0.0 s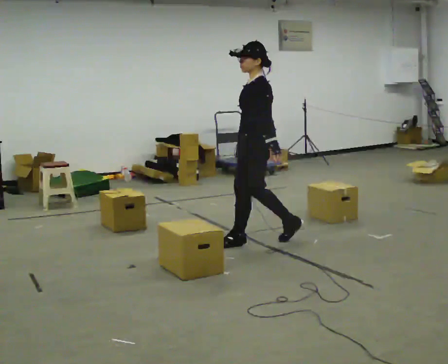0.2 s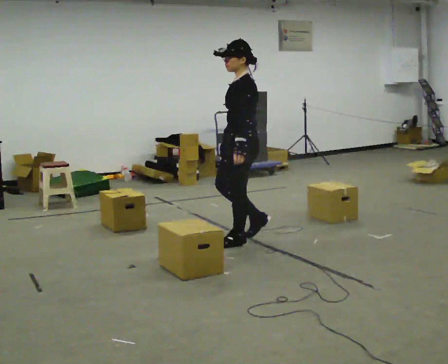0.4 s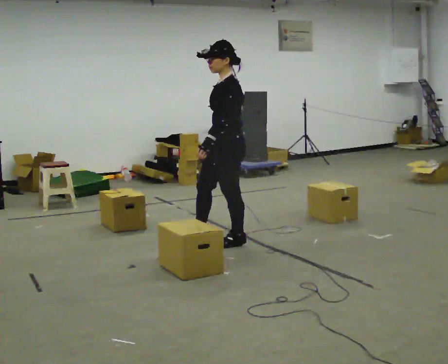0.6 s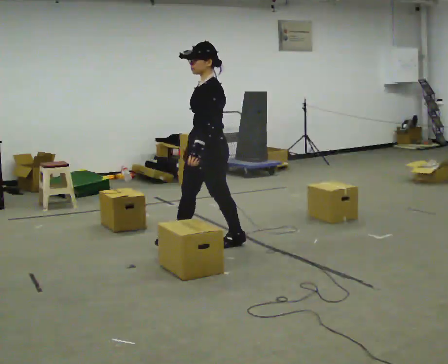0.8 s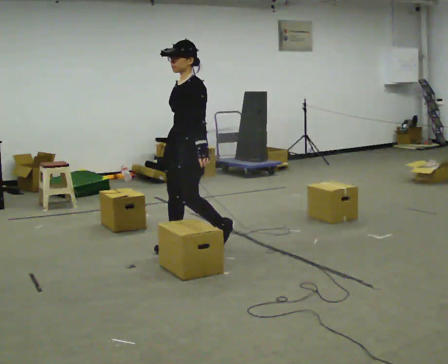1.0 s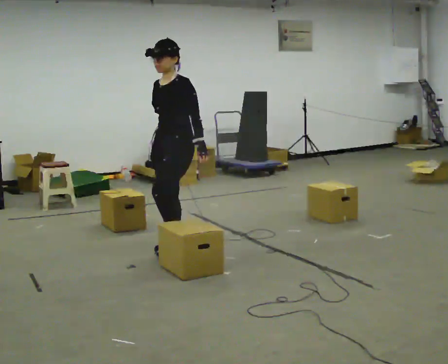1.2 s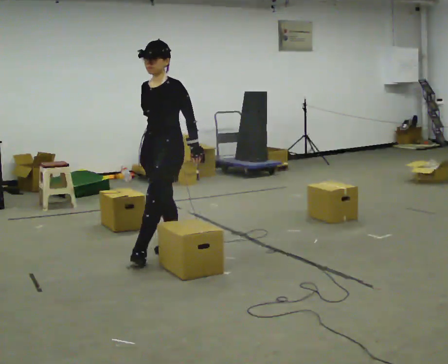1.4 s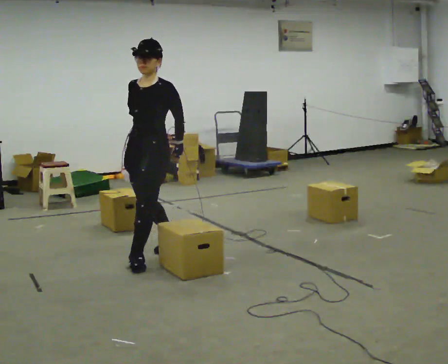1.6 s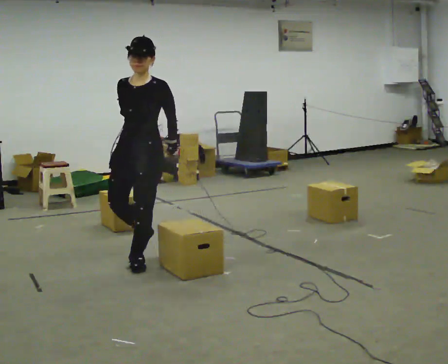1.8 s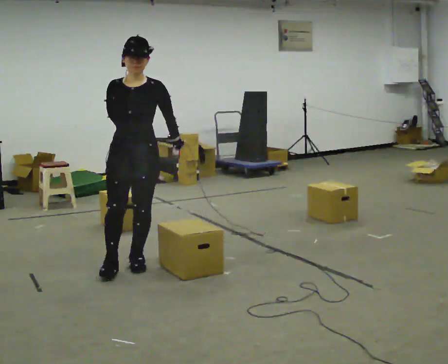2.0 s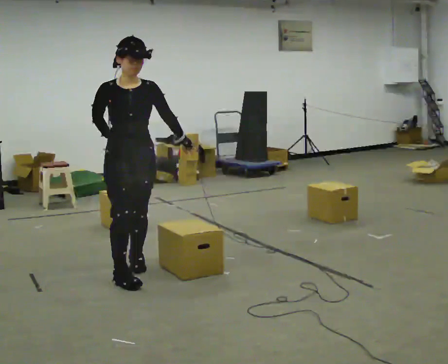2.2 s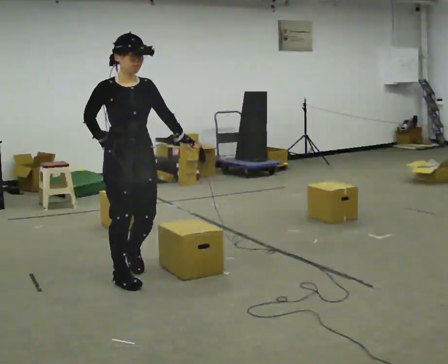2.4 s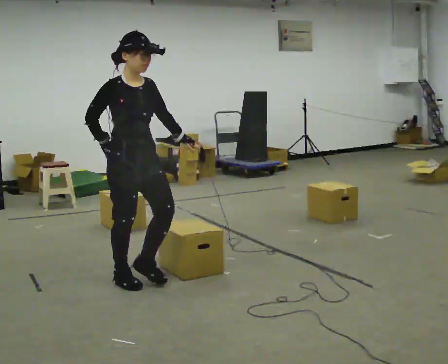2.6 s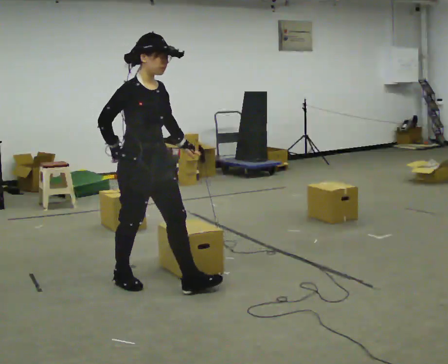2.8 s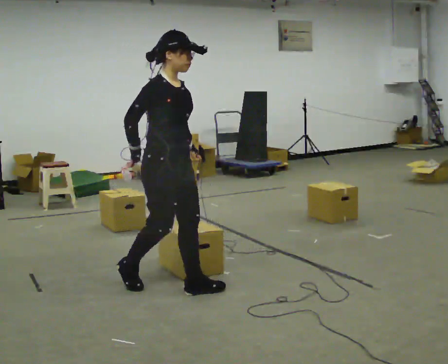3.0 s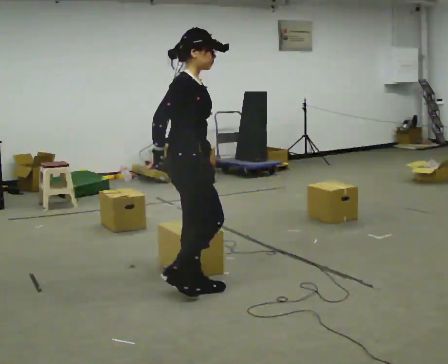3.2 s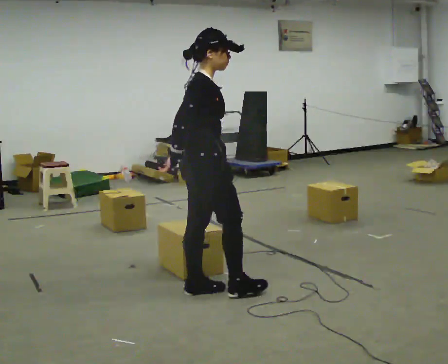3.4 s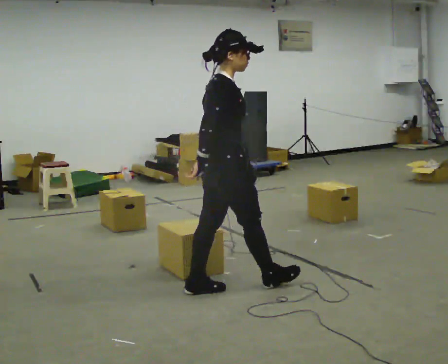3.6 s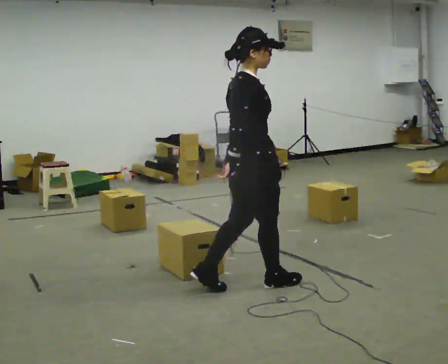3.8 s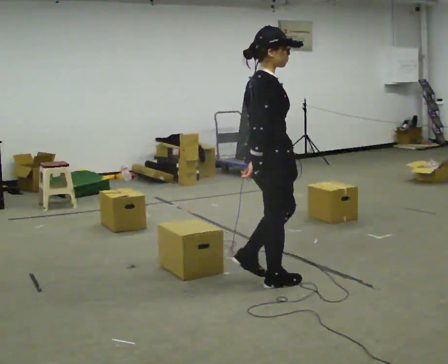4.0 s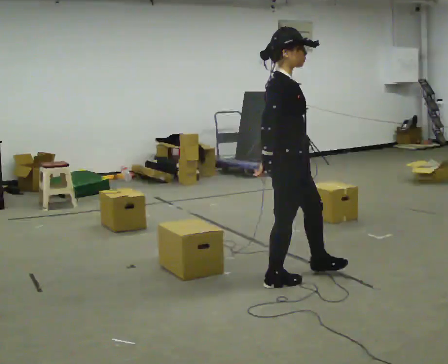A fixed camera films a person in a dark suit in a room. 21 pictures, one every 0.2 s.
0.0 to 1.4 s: The part of the body nearest the lens slides to the right as the person turns to their left by about 60 degrees. In the picture they go to the left, about 1 m in 2 steps, which for them is forward.
1.4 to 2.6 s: Seen from above the body turns counterclockwise, about 90 degrees: to their left, with its near side sliding to the right. In the picture they go toward the camera, about 0.5 m in 1 step.
2.6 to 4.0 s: The part of the body nearest the lens slides to the right as the person turns to their left by about 30 degrees. In the picture they go to the right, about 1 m in 2 steps, which for them is forward.
The film runs forward here.
